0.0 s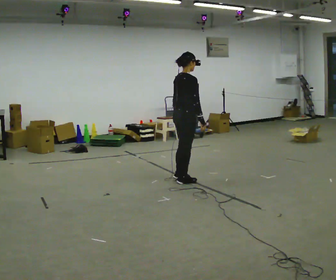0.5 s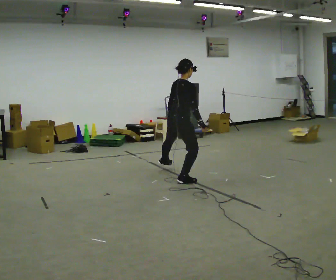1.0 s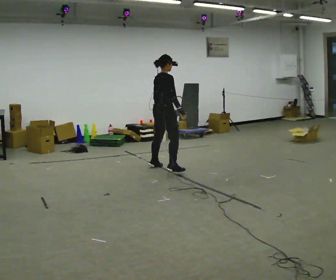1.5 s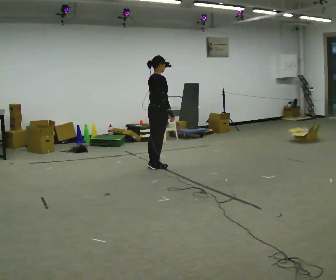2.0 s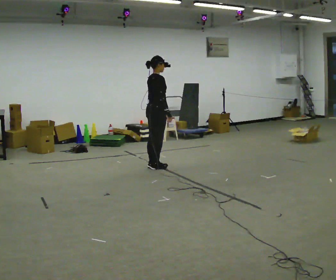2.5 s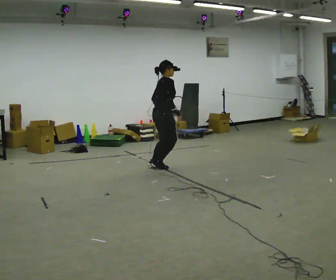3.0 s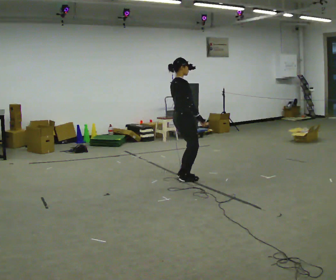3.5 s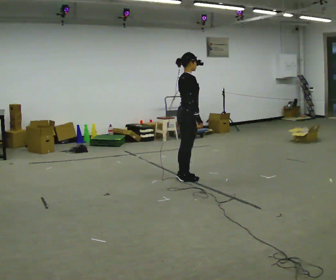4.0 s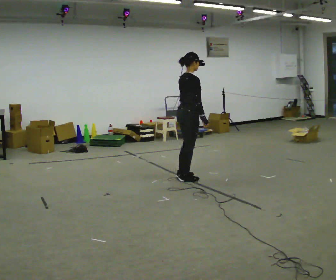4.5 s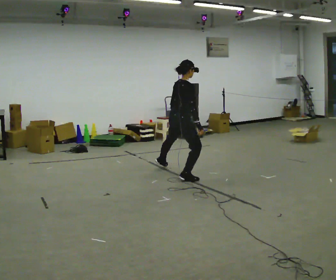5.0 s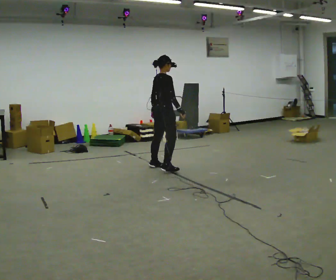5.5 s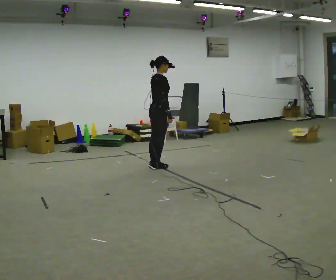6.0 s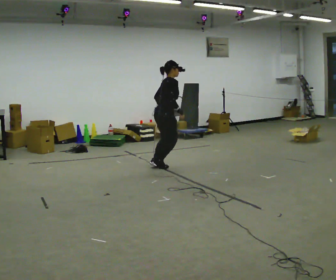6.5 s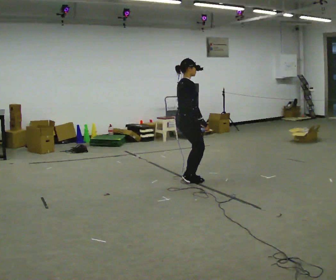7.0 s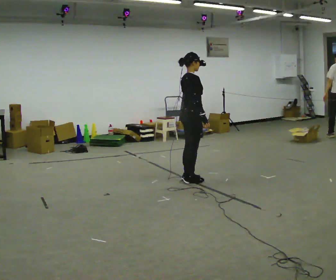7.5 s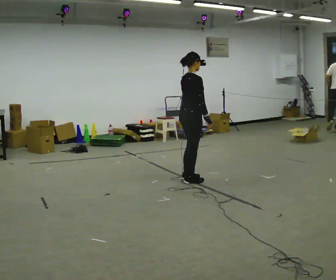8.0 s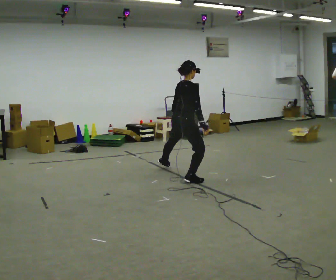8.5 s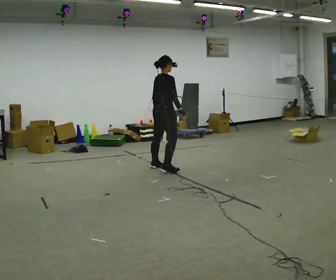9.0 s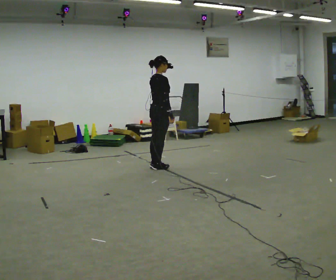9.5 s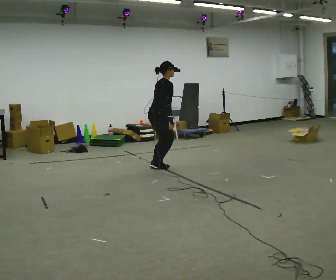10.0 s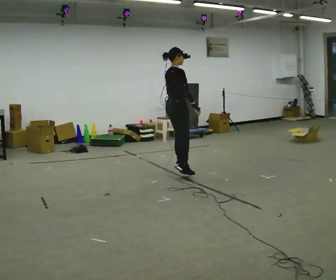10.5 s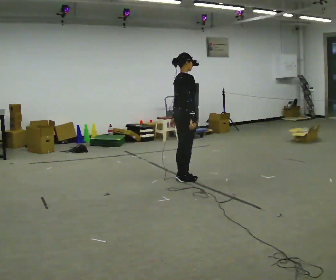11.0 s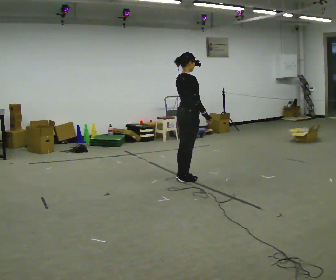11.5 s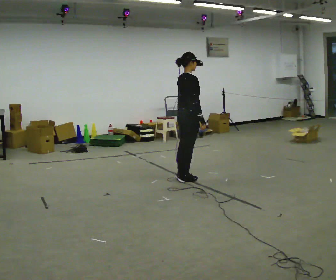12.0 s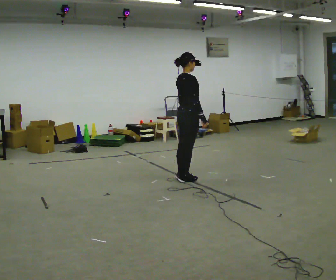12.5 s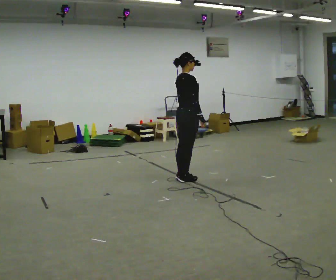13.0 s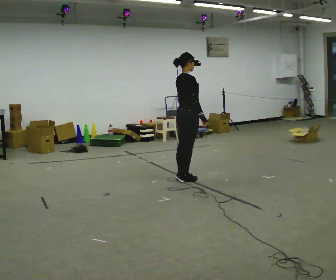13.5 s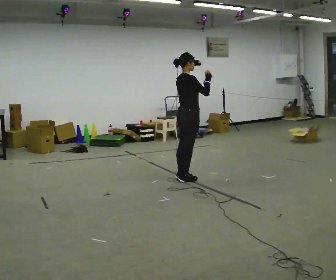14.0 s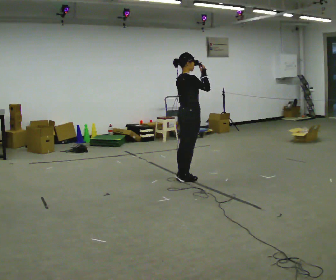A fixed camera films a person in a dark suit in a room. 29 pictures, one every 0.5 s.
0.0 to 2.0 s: In the picture they go away from the camera and to the left, about 1 m in 2 steps, which for them is to their left.
2.0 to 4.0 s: In the picture they go toward the camera and to the right, about 1 m in 2 steps, which for them is to their right.
4.0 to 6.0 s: In the picture they go away from the camera and to the left, about 0.5 m in 2 steps, which for them is to their left.
6.0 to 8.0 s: In the picture they go toward the camera and to the right, about 0.5 m in 2 steps, which for them is to their right.
8.0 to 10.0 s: The person moves a little, or ends about where they began.
10.0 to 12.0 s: In the picture they go toward the camera, about 0.25 m in 2 steps, which for them is to their right.
12.0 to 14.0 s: In the picture their right hand goes upward.
The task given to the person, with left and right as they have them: Push off sideways from one foot, land on the other, and bound back the other way. Repeat the movement at your own pace until the operator says stop; do not rush.
The film runs forward here.
